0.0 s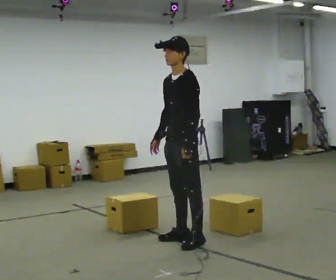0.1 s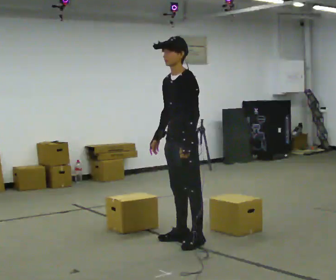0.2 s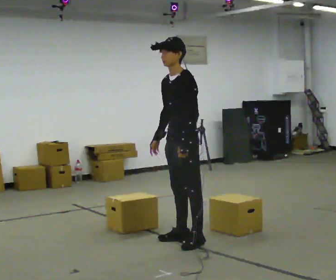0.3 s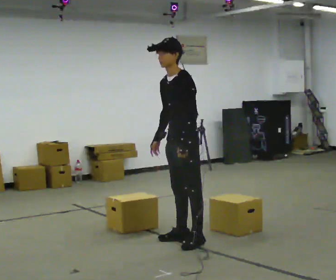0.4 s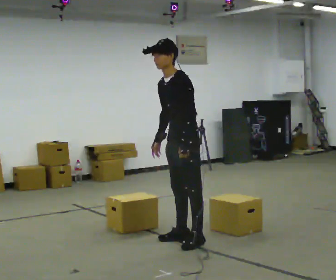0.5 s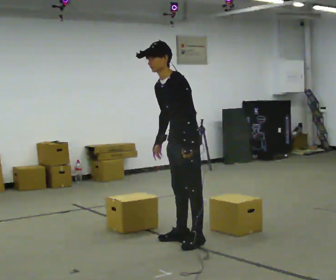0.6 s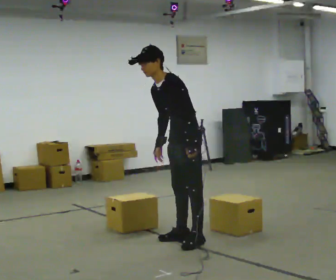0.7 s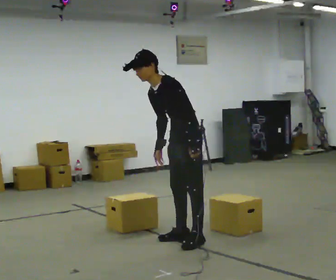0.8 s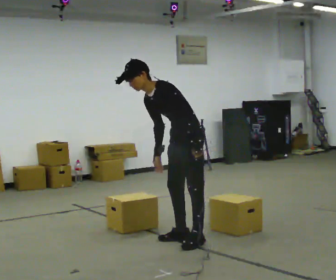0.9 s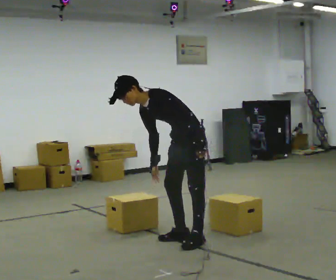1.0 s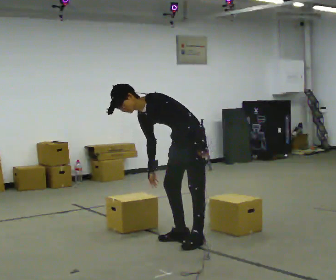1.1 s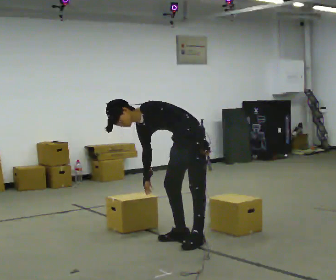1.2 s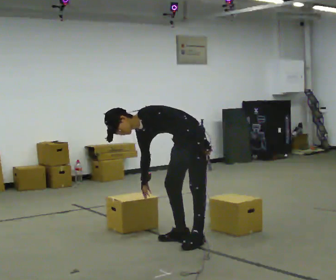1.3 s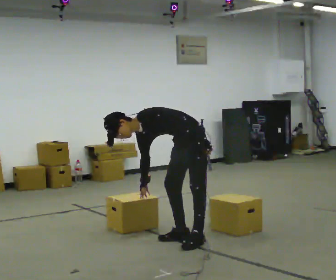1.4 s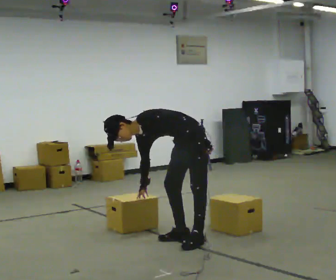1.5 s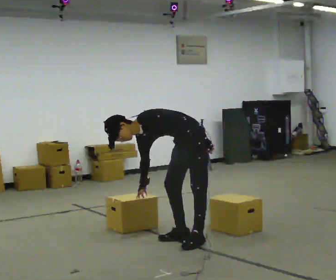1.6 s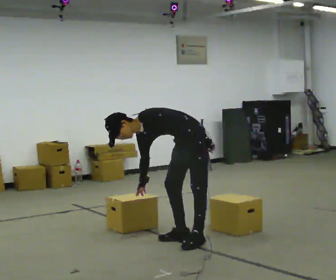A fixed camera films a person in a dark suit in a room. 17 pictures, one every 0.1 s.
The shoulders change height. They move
downward.
Their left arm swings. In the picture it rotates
counterclockwise.
0.0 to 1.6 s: The shoulders move downward. In the picture the upper body tilts counterclockwise, shoulders to the left, as they bend forward.
The film runs backward here.
